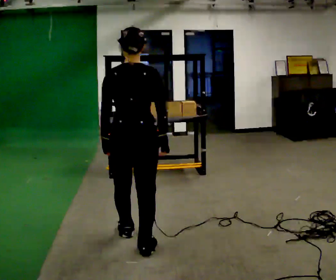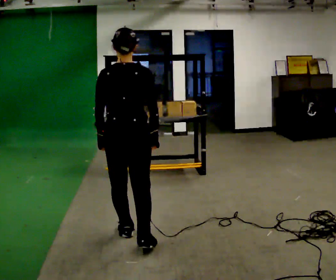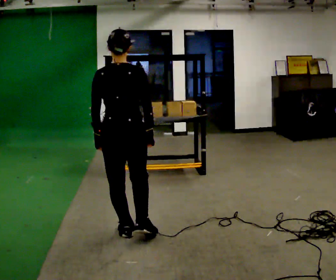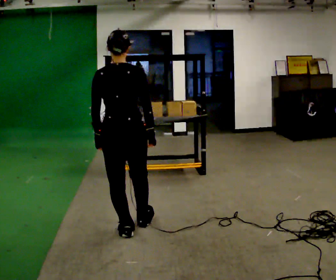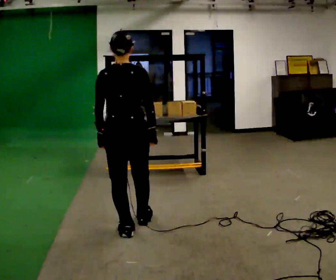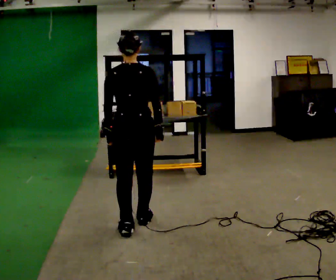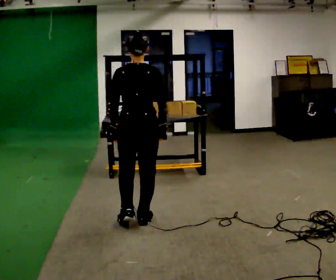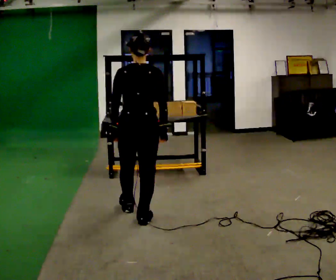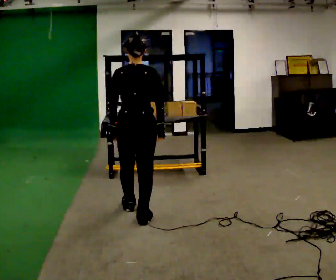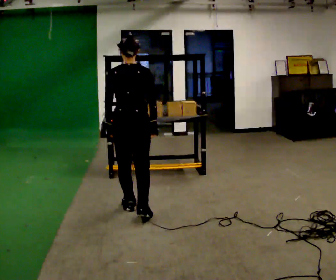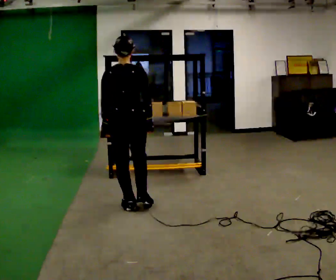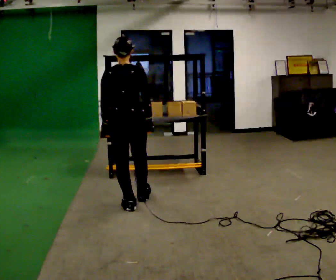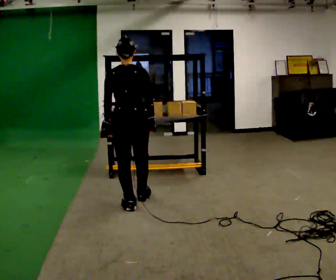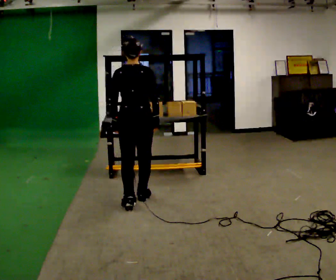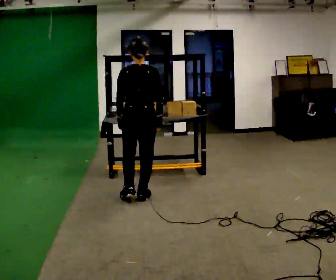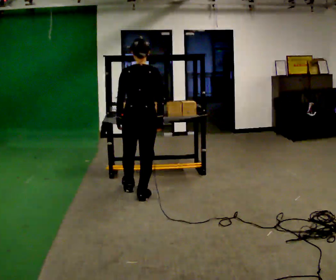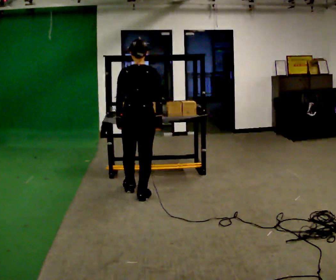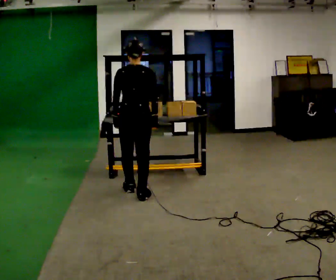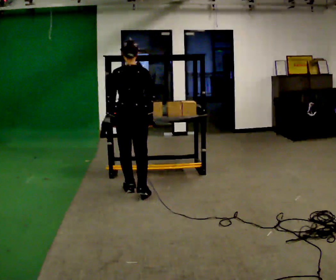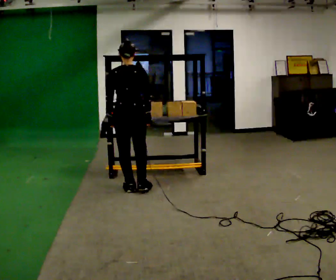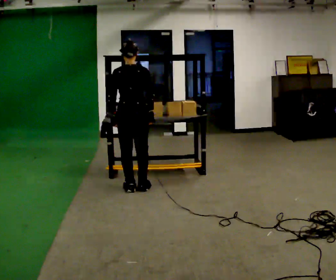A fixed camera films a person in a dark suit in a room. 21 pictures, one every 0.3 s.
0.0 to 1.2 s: In the picture they go away from the camera, about 0.25 m in 1 step, which for them is forward.
1.2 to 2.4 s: In the picture they go away from the camera, about 0.25 m in 1 step, which for them is forward.
2.4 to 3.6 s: In the picture they go away from the camera, about 0.25 m in 1 step, which for them is forward.
3.6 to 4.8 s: In the picture they go away from the camera, about 0.25 m in 1 step, which for them is forward.
4.8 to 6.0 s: In the picture they go away from the camera, about 0.25 m in 1 step, which for them is forward.
The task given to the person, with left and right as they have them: Take an object off the waist-height shelf, carry it across the room, and set it down on the floor. Keep going until the operator says stop; one object at a time, and do not rush between trips.
The film runs forward here.
